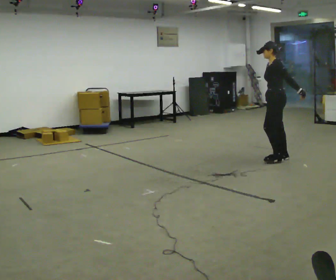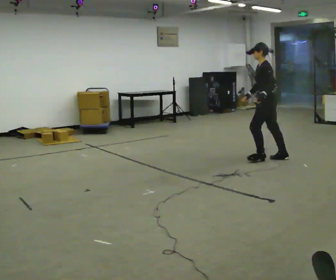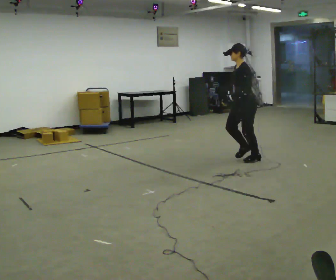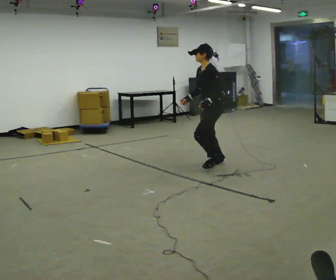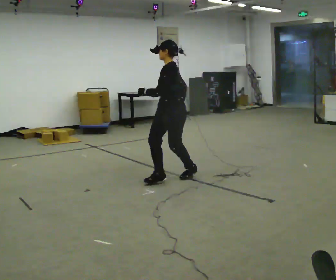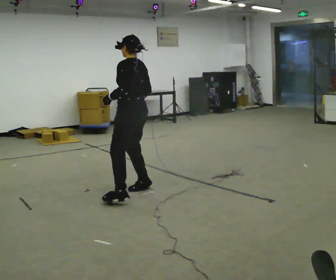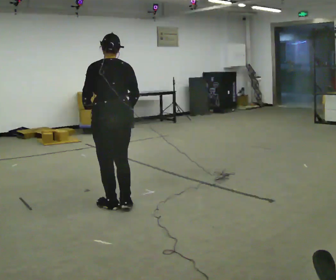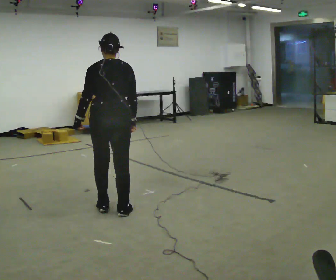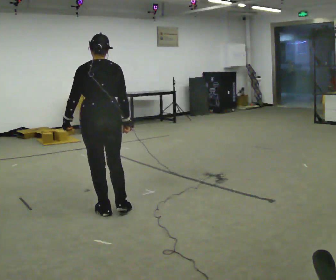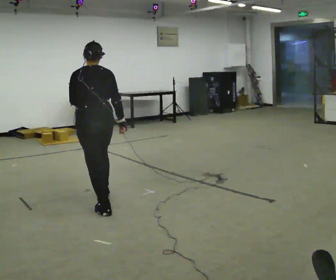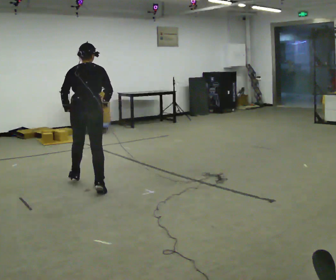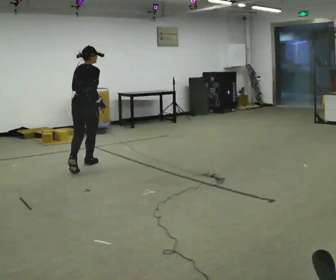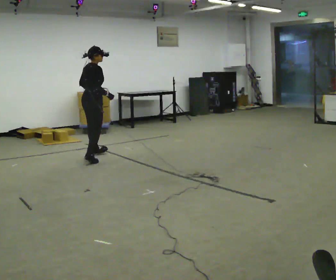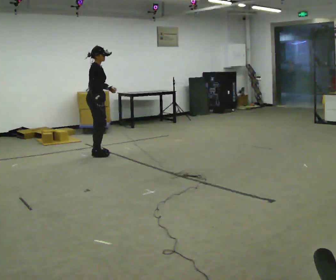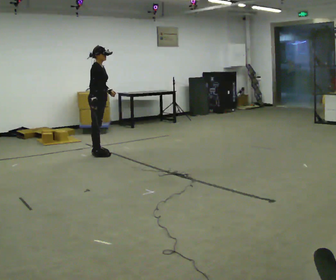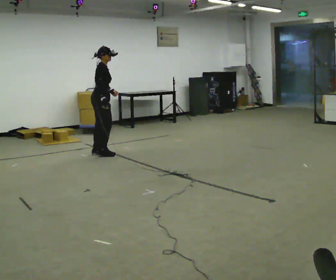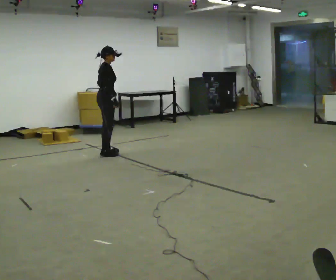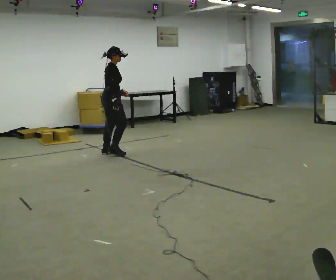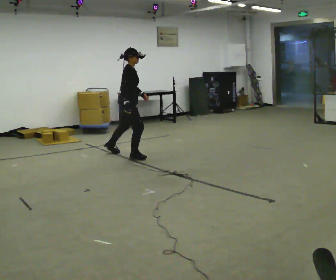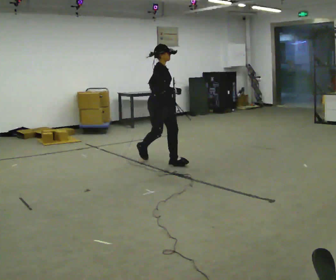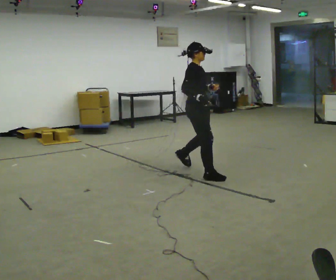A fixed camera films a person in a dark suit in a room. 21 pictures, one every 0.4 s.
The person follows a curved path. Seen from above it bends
clockwise.
0.0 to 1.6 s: In the picture they go to the left, about 1.5 m in 3 steps, which for them is forward.
1.6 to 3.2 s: The person turns about 90 degrees to their right, clockwise seen from above, so the part of the body nearest the lens slides to the left. In the picture they go to the left and toward the camera, about 1 m in 4 steps.
3.2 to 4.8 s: The person turns about 75 degrees to their right, clockwise seen from above, so the part of the body nearest the lens slides to the left. In the picture they go away from the camera, about 2 m in 3 steps.
4.8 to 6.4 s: In the picture they go away from the camera and to the right, about 0.25 m in 2 steps, which for them is to their left and forward.
6.4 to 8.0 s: The person turns about 30 degrees to their right, clockwise seen from above, so the part of the body nearest the lens slides to the left. In the picture they go toward the camera and to the right, about 1.5 m in 2 steps, which for them is forward and to their right.
The film runs forward here.
